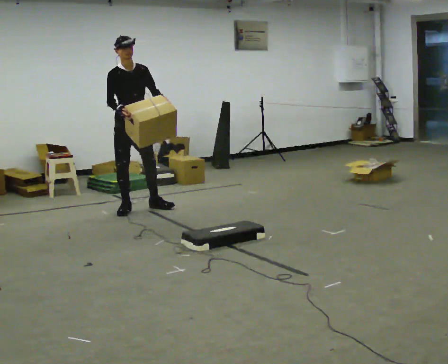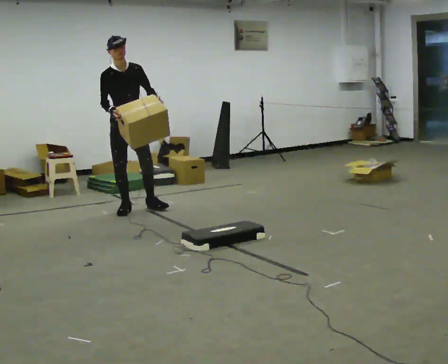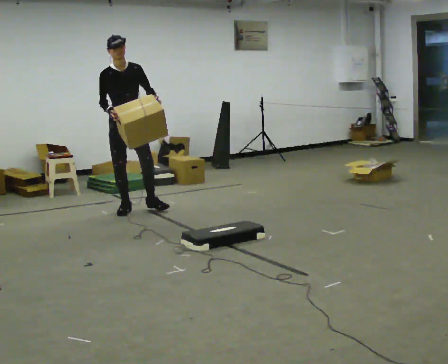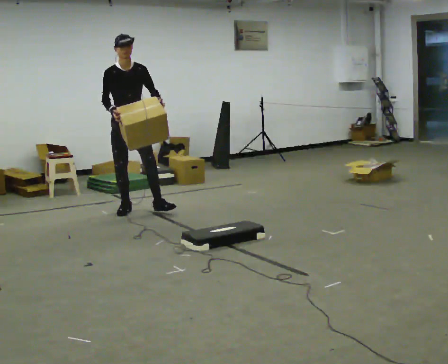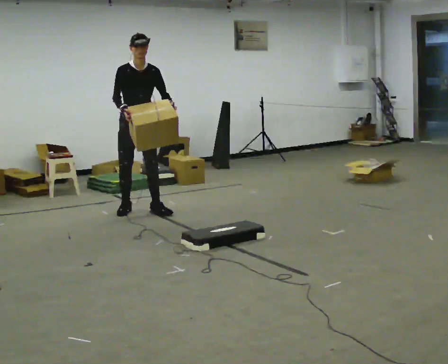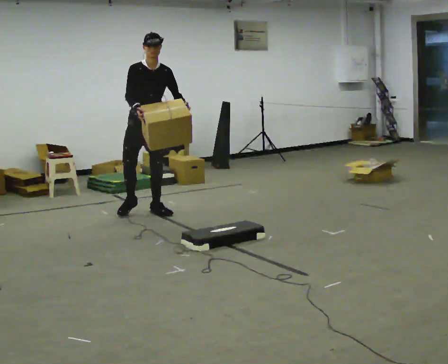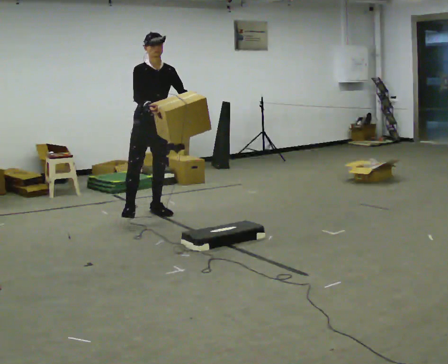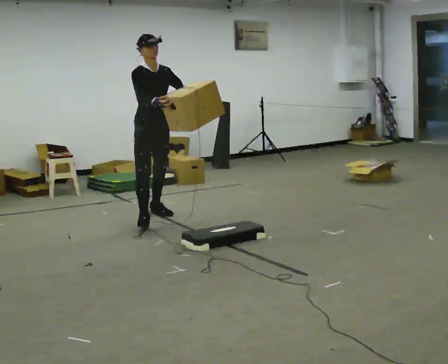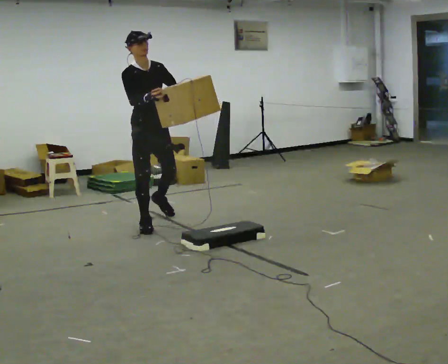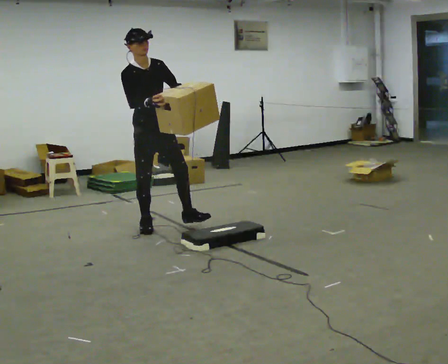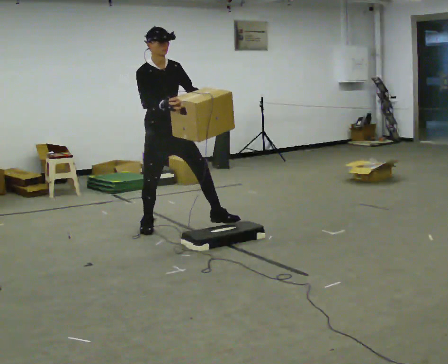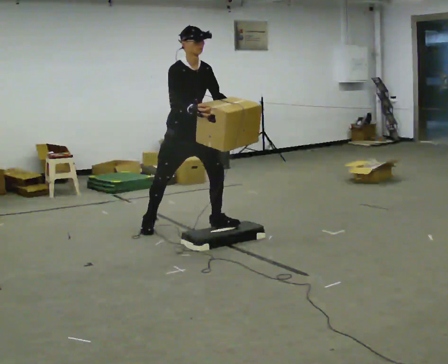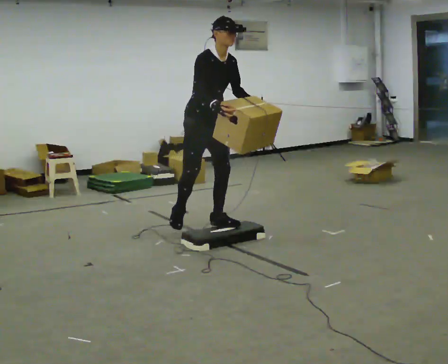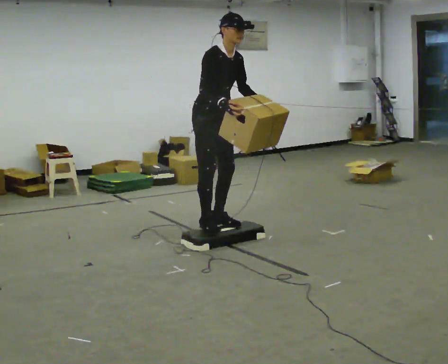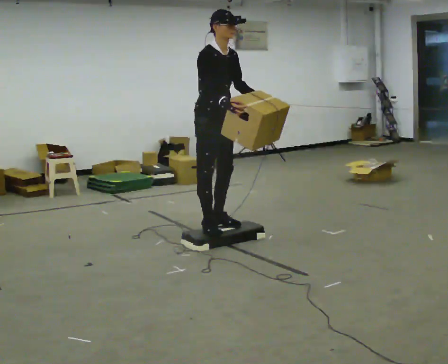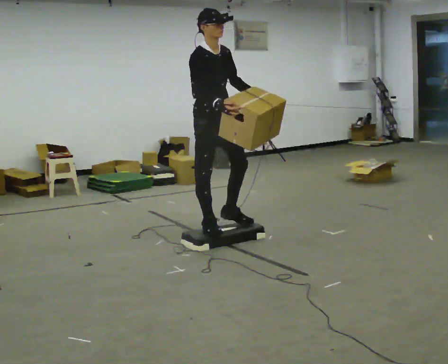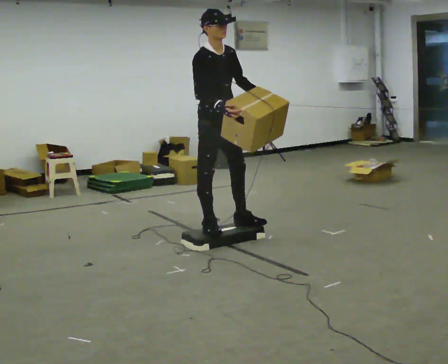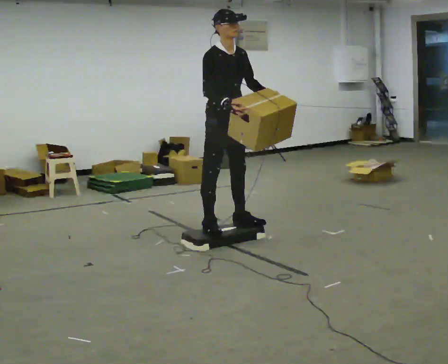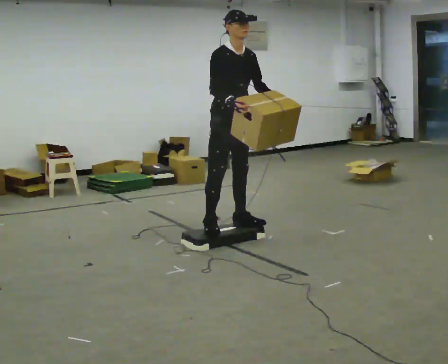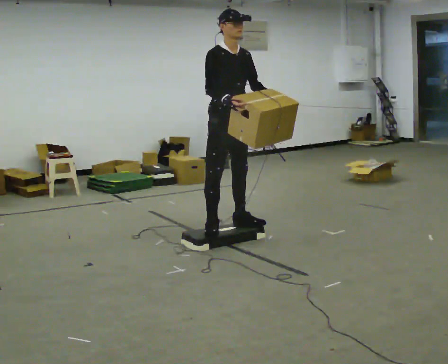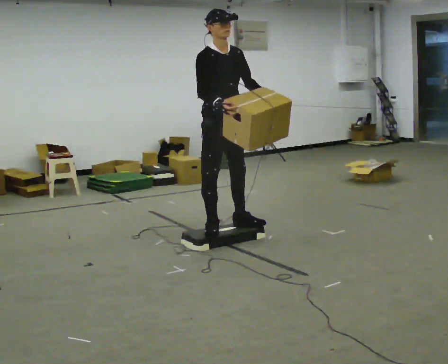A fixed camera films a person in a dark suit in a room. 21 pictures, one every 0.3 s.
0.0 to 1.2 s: The person moves a little, or ends about where they began.
1.2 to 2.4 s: In the picture they go toward the camera, about 0.5 m in 1 step, which for them is forward.
2.4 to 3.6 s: In the picture they go to the right and toward the camera, about 0.75 m in 1 step, which for them is forward and to their left. In the picture the upper body tilts clockwise, shoulders to the right, as they bend forward.
3.6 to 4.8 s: In the picture they go toward the camera, about 0.25 m in 2 steps, which for them is forward. In the picture the upper body tilts counterclockwise, shoulders to the left.
4.8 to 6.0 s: The person moves a little, or ends about where they began.
The film runs forward here.
